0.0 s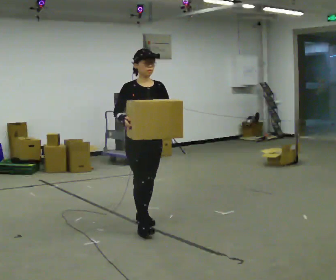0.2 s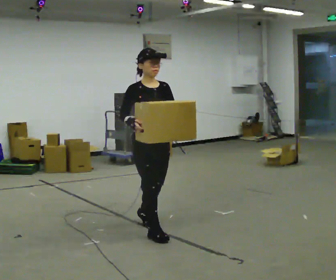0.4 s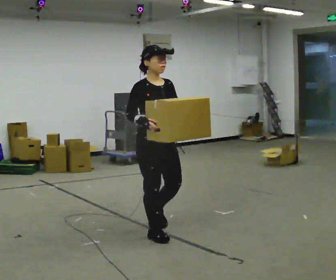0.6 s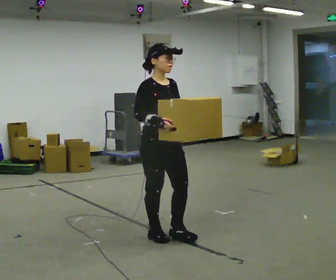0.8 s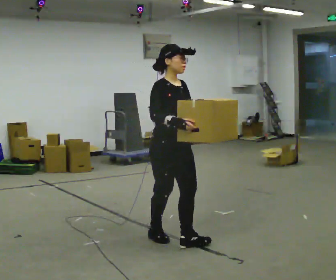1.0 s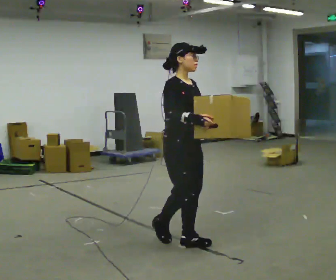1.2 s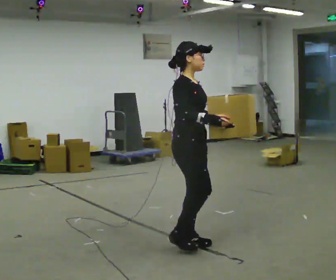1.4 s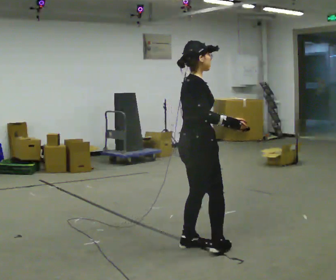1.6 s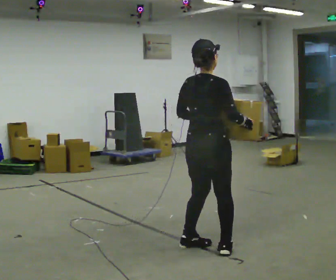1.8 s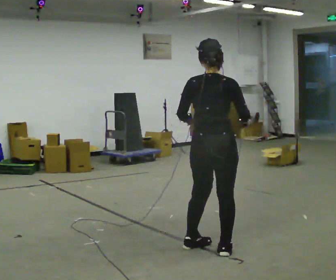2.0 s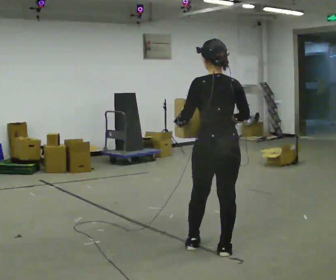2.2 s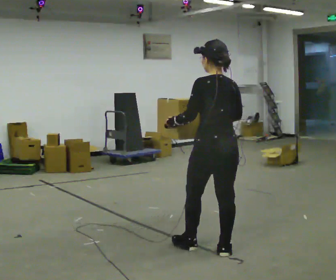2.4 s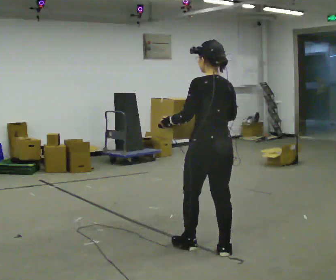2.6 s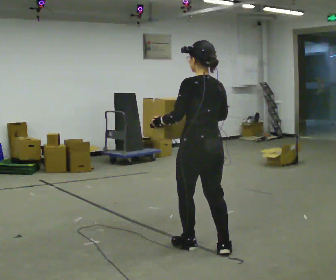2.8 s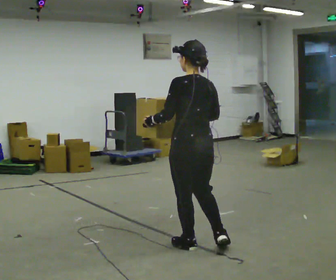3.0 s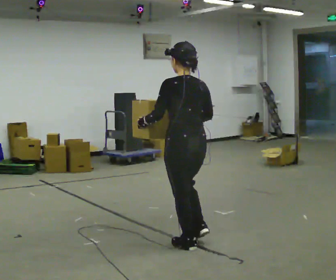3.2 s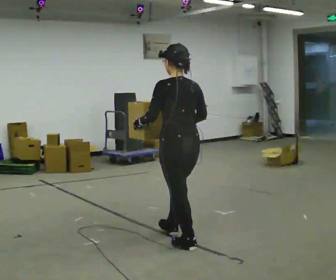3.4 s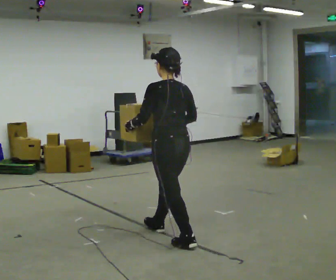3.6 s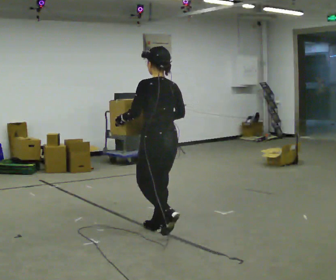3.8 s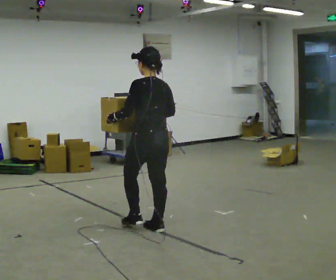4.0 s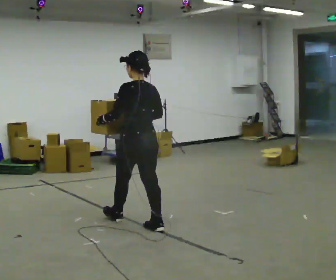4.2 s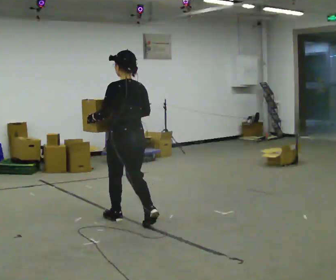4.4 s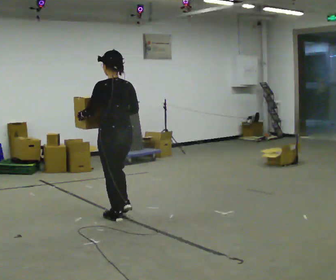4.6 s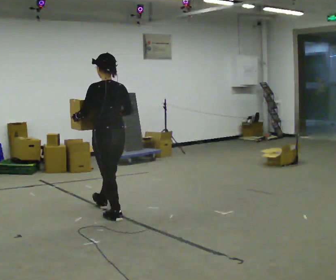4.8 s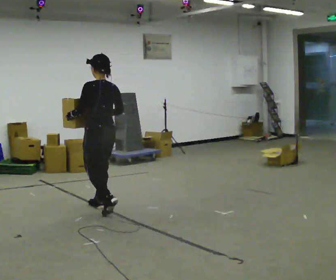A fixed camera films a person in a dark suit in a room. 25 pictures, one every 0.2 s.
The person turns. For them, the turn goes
to their left.
The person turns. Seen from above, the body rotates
counterclockwise.
0.0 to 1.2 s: The part of the body nearest the lens slides to the right as the person turns to their left by about 45 degrees. In the picture they go toward the camera and to the right, about 0.5 m in 2 steps, which for them is forward.
1.2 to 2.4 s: The part of the body nearest the lens slides to the right as the person turns to their left by about 135 degrees. In the picture they go to the right, about 0.25 m in 1 step.
2.4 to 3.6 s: In the picture they go away from the camera and to the left, about 0.5 m in 1 step, which for them is forward.
3.6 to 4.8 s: In the picture they go away from the camera and to the left, about 1 m in 2 steps, which for them is forward.
The film runs forward here.
